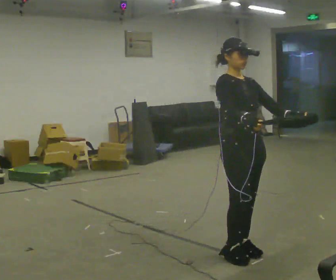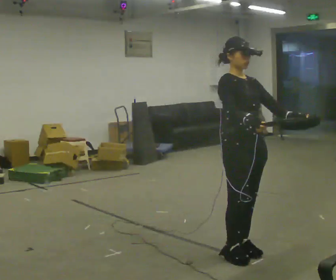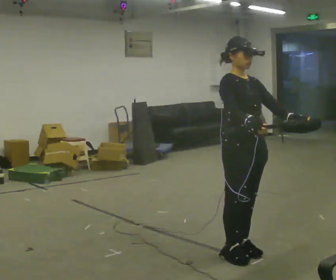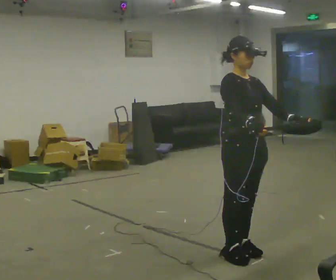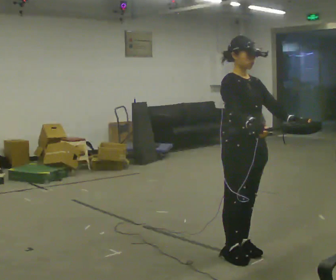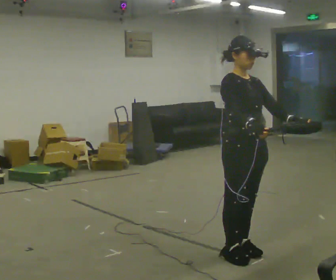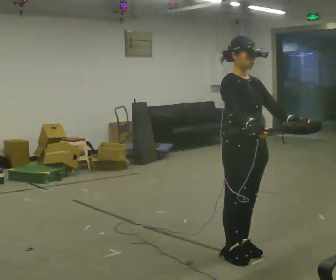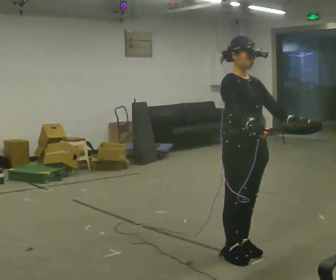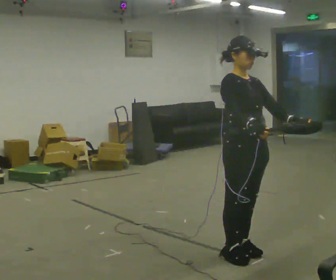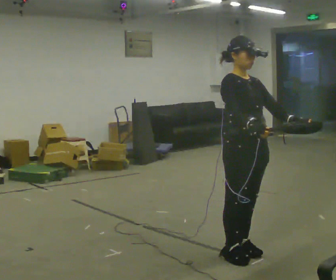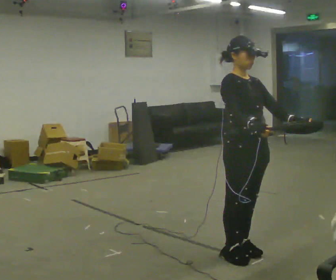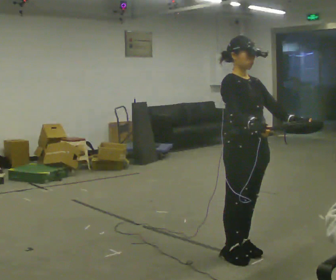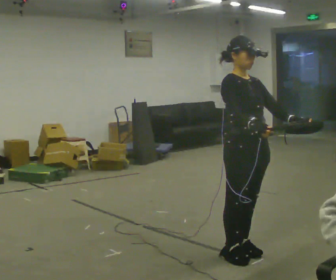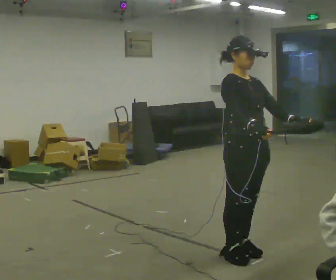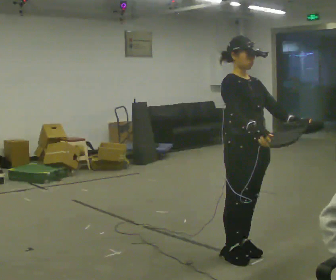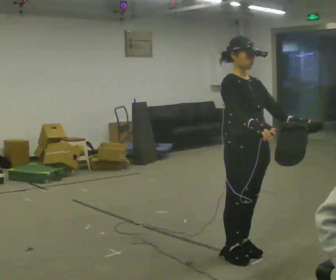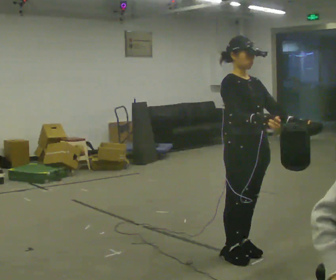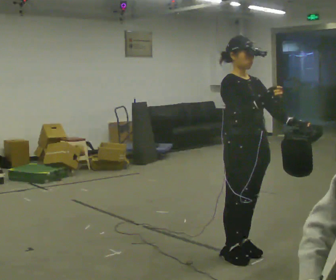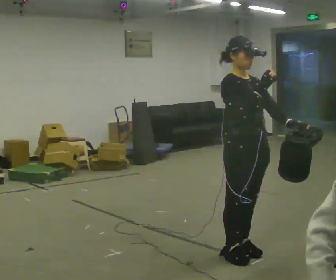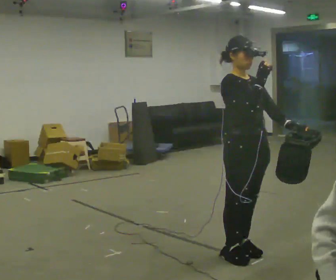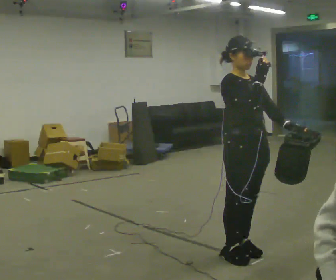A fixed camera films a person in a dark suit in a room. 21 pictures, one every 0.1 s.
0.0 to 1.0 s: The person moves a little, or ends about where they began.
1.0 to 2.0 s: In the picture their right hand goes upward.
The film runs forward here.
